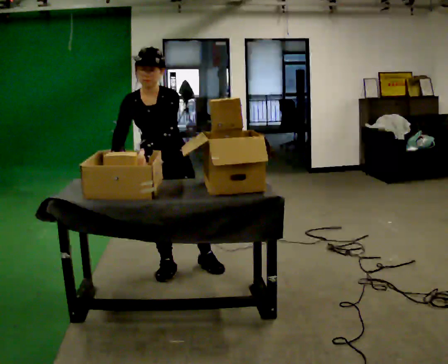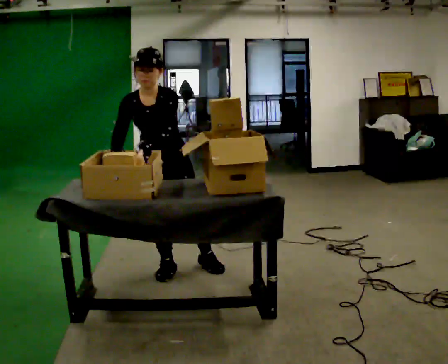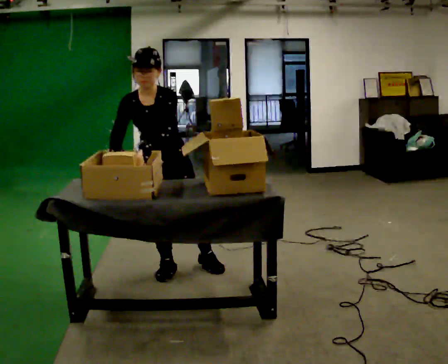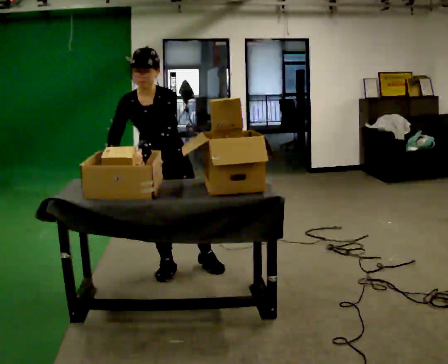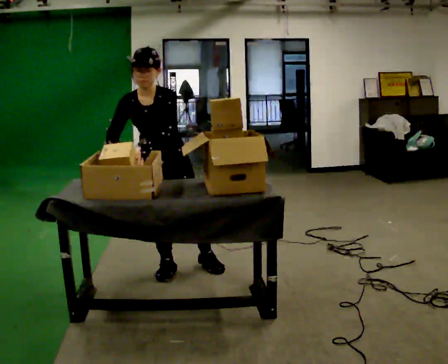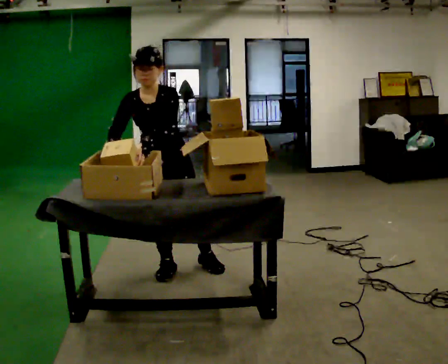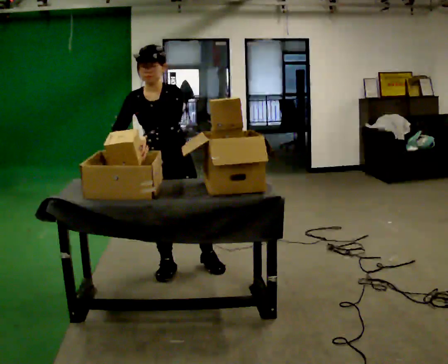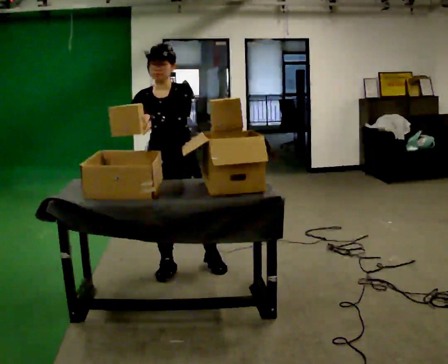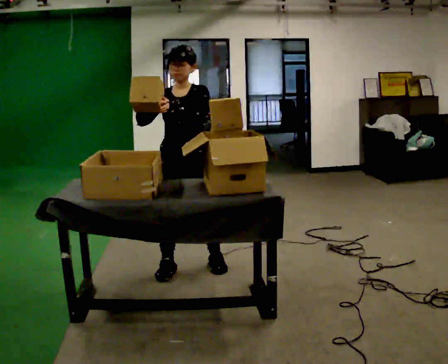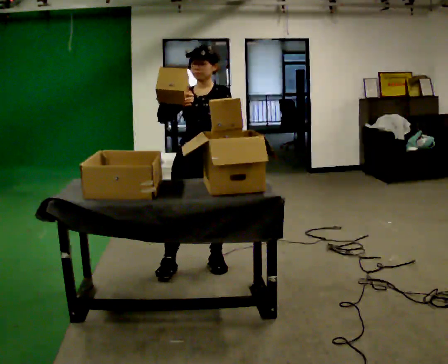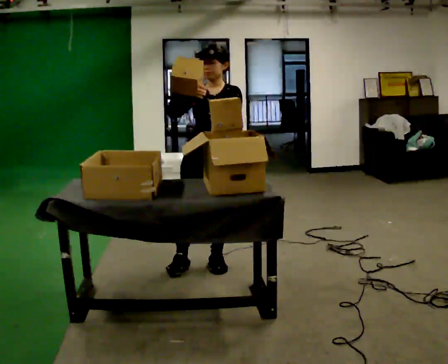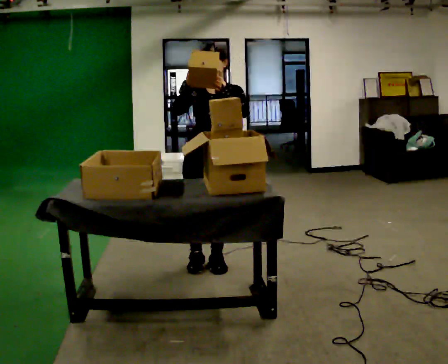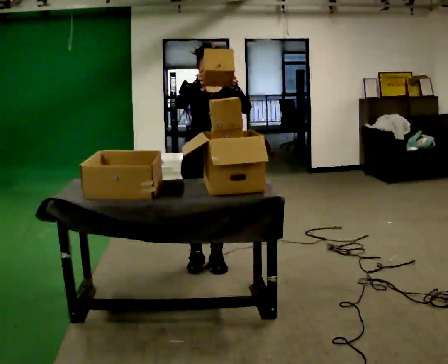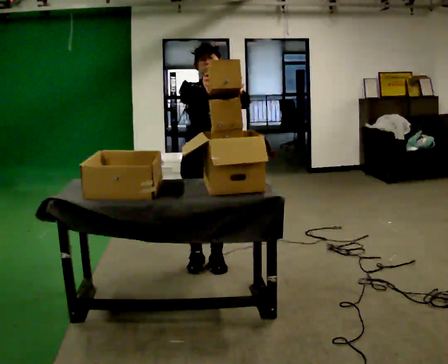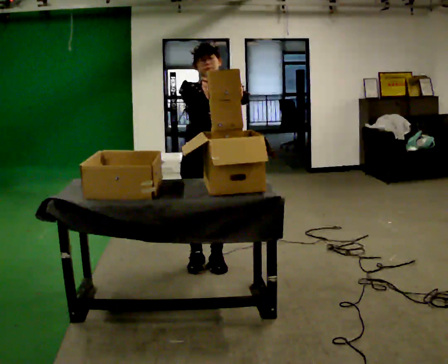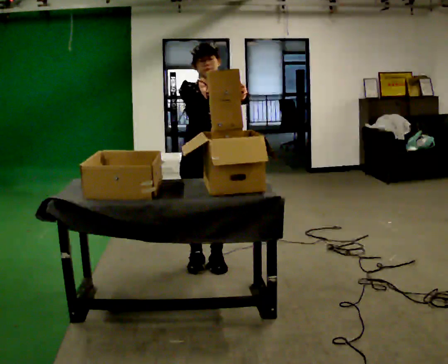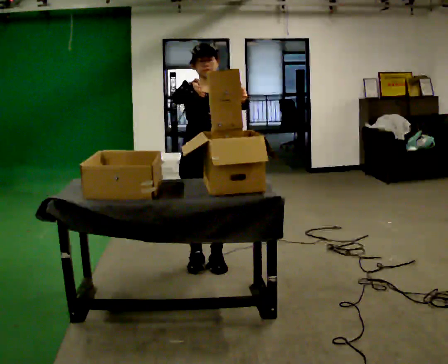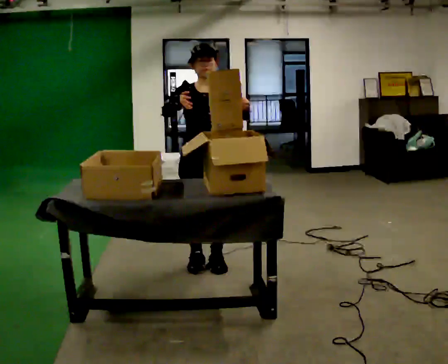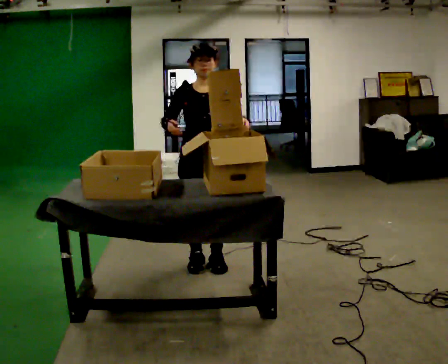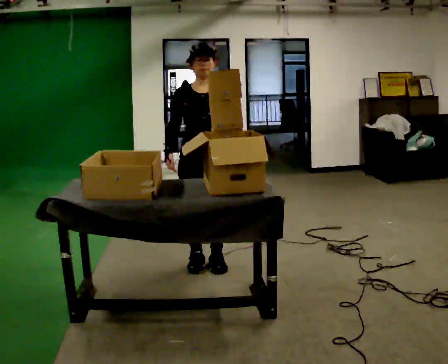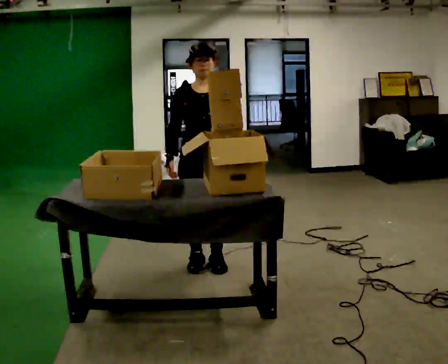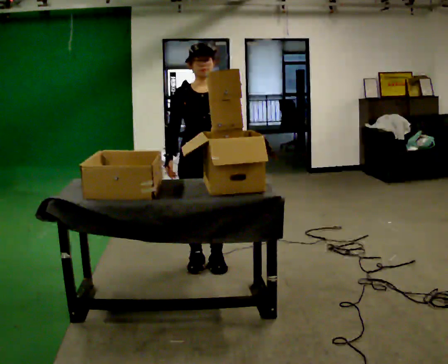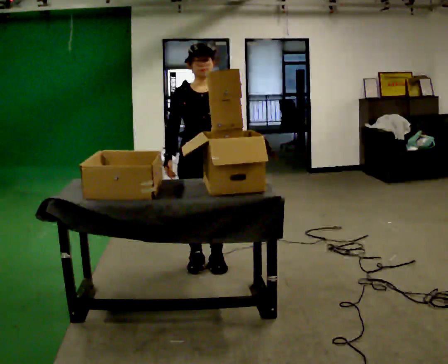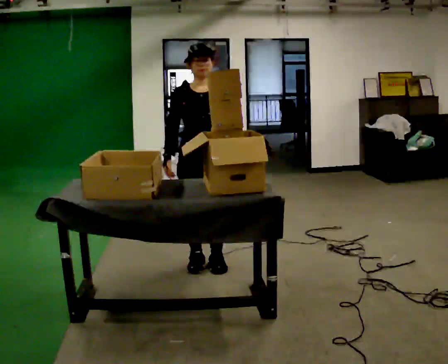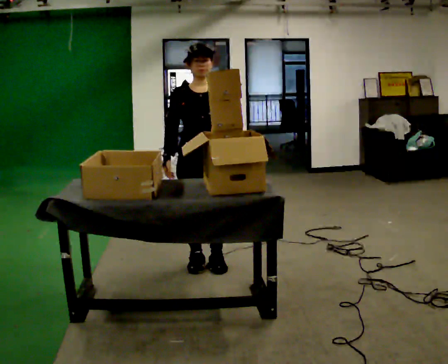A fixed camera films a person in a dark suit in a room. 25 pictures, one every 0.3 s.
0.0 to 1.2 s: The person moves a little, or ends about where they began.
1.2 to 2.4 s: The upper body tips away from the camera, its near side rolling upward, as they lean back or straighten.
2.4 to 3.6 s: In the picture they go to the right, about 0.25 m in 1 step, which for them is to their left. In the picture their right hand goes to the right.
3.6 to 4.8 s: The person moves a little, or ends about where they began.
4.8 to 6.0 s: In the picture their right hand goes downward.
6.0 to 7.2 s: The person keeps their place and pose.
The film runs backward here.
